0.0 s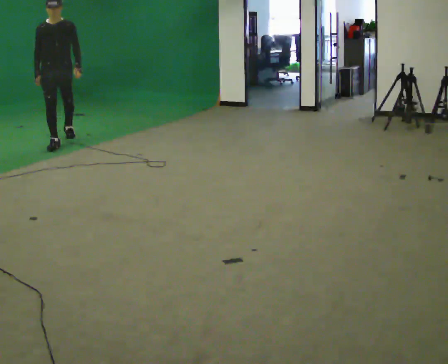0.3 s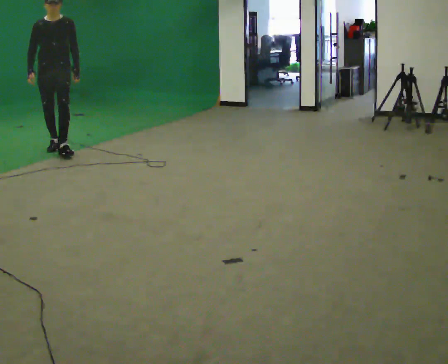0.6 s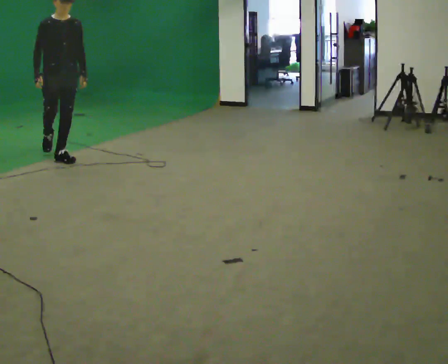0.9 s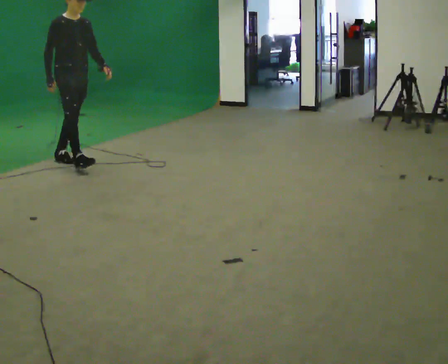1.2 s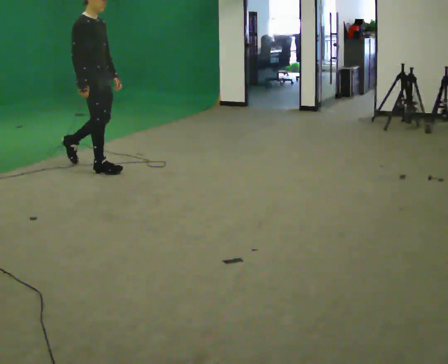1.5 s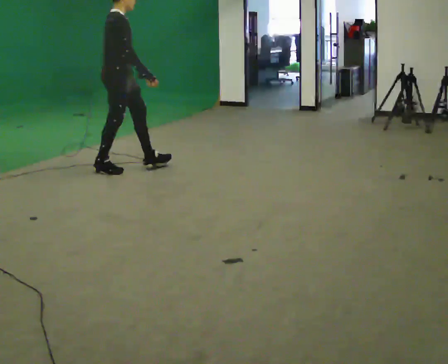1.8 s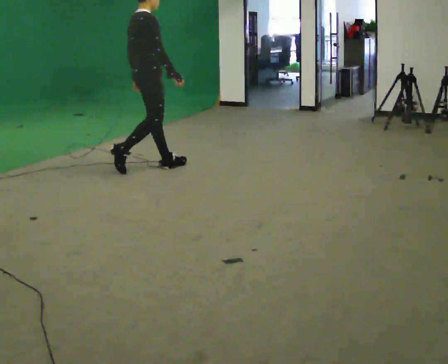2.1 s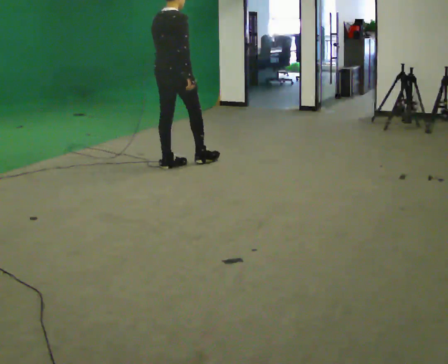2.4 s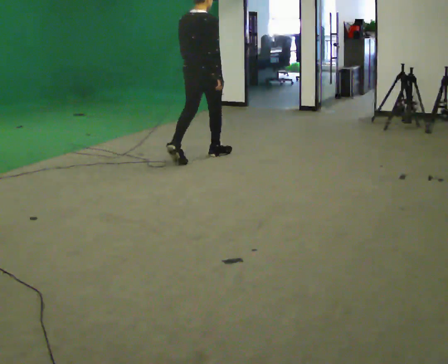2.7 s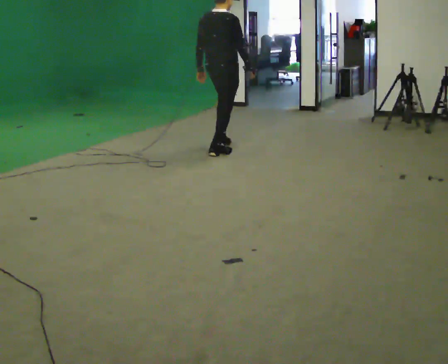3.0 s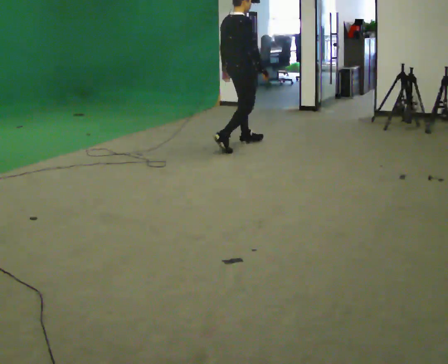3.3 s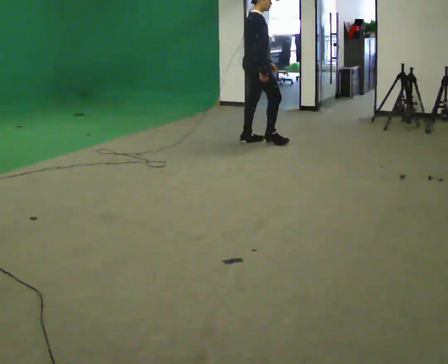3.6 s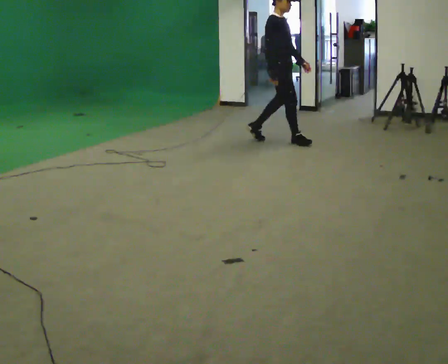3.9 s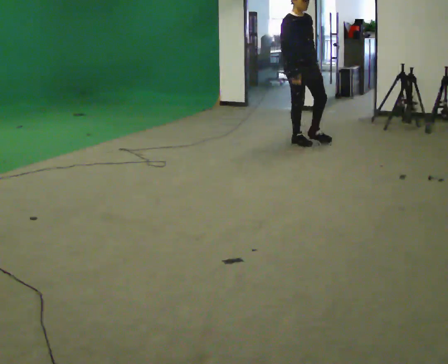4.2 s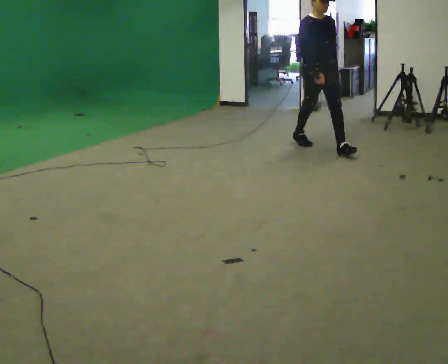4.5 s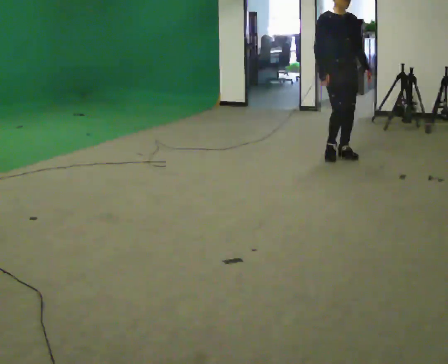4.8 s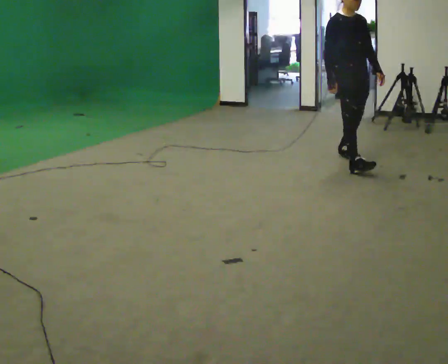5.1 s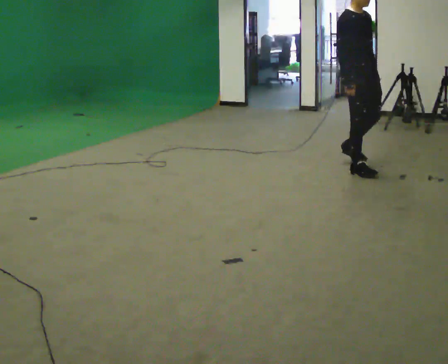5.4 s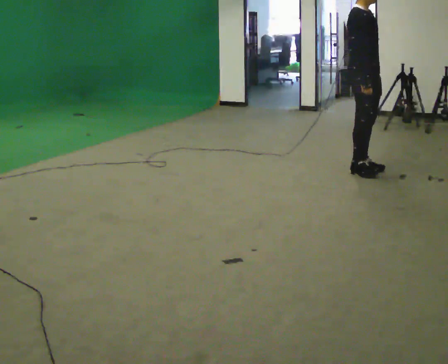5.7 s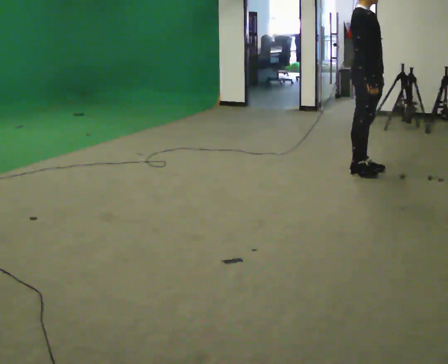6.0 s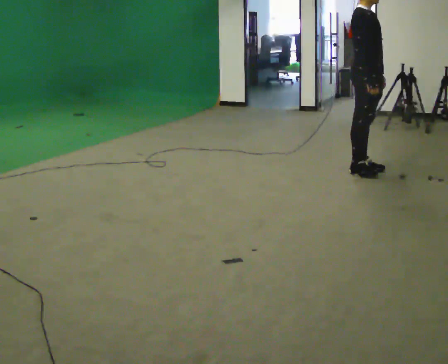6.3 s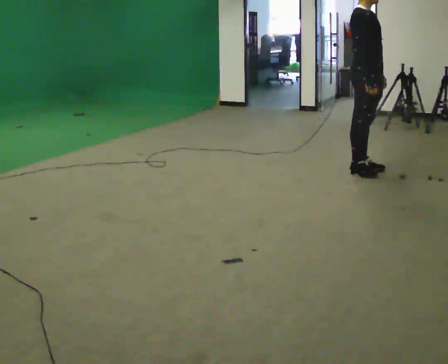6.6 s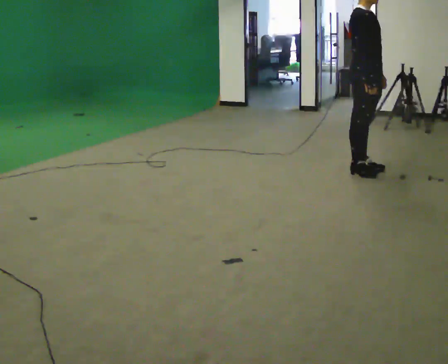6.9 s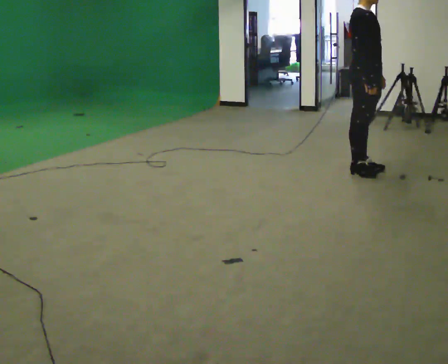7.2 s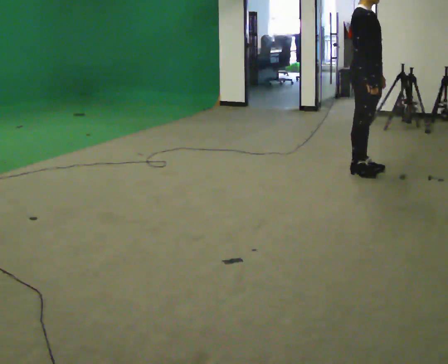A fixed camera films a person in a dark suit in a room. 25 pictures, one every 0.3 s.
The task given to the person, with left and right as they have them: Follow S-shaped path continuously; no stopping between curves.
0.0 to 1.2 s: Seen from above the body turns counterclockwise, about 60 degrees: to their left, with its near side sliding to the right. In the picture they go to the right and toward the camera, about 1 m in 2 steps.
1.2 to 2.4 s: The person turns about 75 degrees to their left, counterclockwise seen from above, so the part of the body nearest the lens slides to the right. In the picture they go to the right and away from the camera, about 1 m in 2 steps.
2.4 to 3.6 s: The part of the body nearest the lens slides to the left as the person turns to their right by about 75 degrees. In the picture they go to the right and away from the camera, about 1 m in 2 steps.
3.6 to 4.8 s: The person turns about 45 degrees to their right, clockwise seen from above, so the part of the body nearest the lens slides to the left. In the picture they go toward the camera and to the right, about 1 m in 1 step, which for them is forward.
4.8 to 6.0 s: The person turns about 30 degrees to their left, counterclockwise seen from above, so the part of the body nearest the lens slides to the right. In the picture they go toward the camera, about 0.25 m in 2 steps, which for them is to their right and forward.
6.0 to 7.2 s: The person keeps their place and pose.
The film runs forward here.
